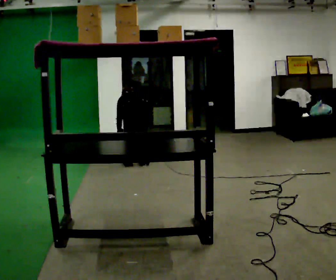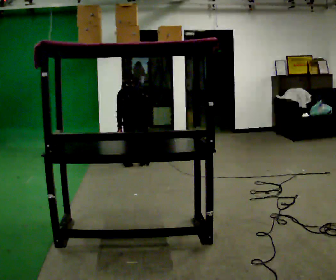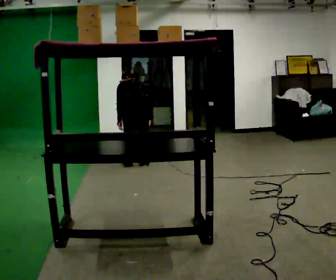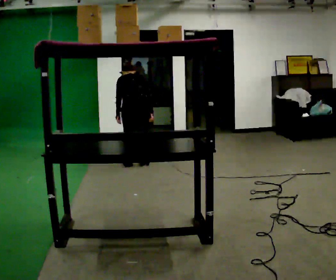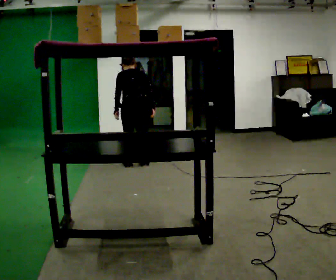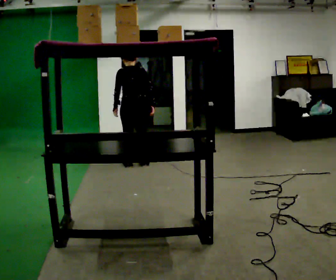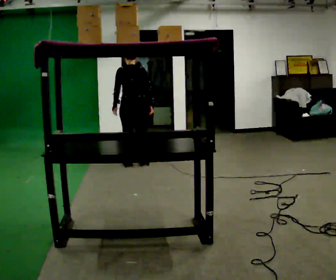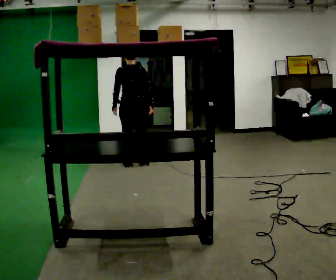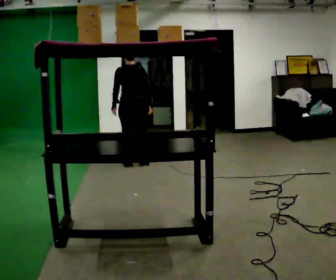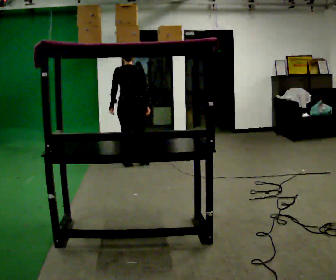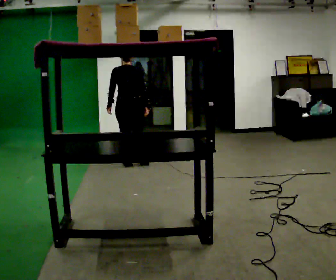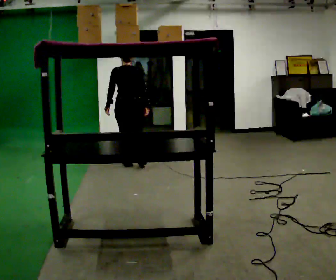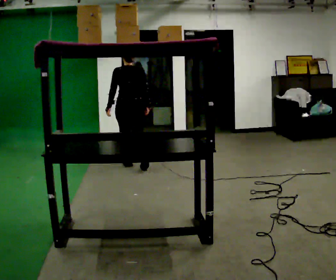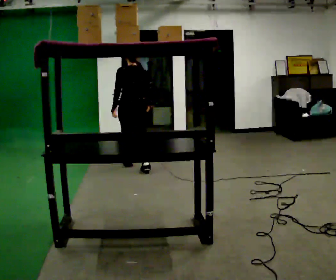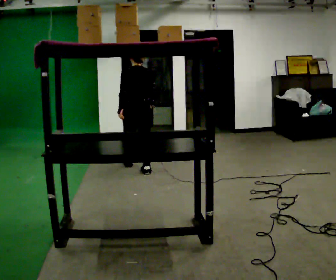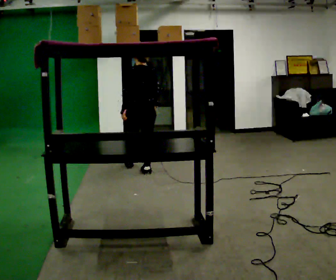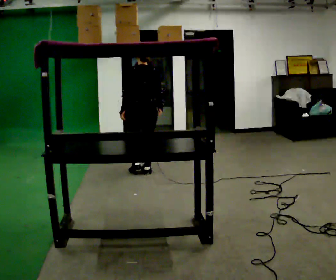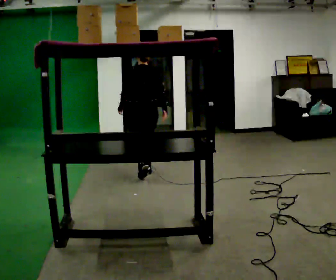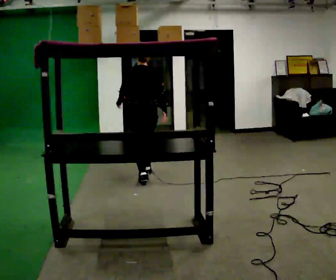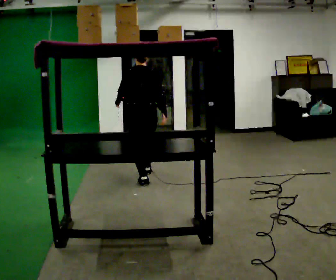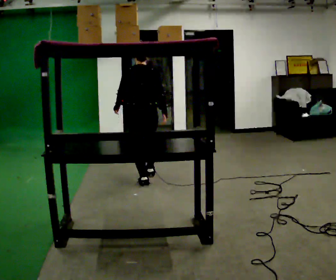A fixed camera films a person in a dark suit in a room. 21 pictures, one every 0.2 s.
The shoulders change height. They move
upward.
The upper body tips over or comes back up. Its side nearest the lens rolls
downward.
0.0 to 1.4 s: The shoulders move upward. The upper body tips toward the camera, its near side rolling downward, as they lean back or straighten. In the picture their right hand goes upward.
1.4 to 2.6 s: The person moves a little, or ends about where they began.
2.6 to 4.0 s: In the picture they go toward the camera, about 0.75 m in 2 steps, which for them is backward.
The film runs backward here.
